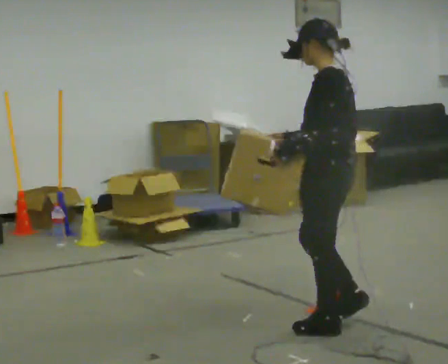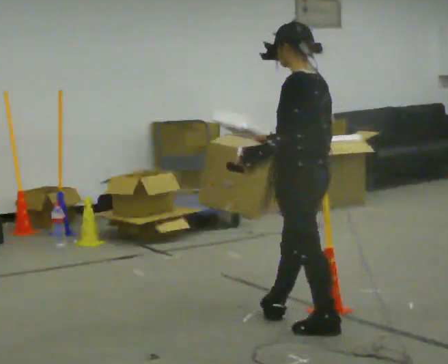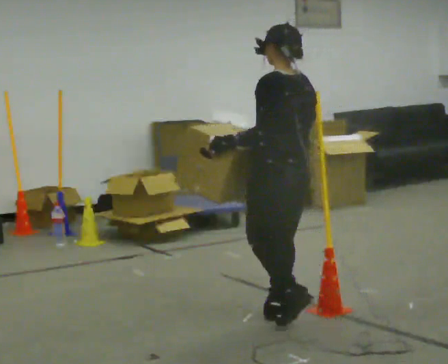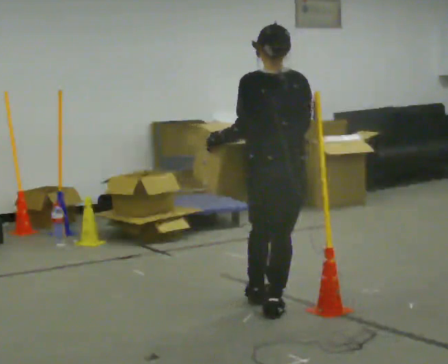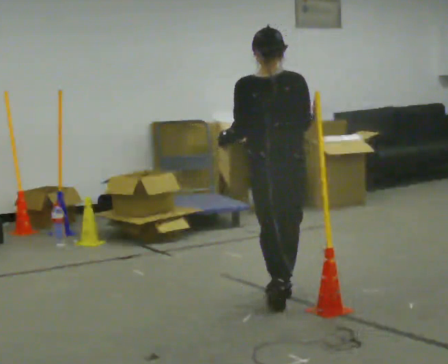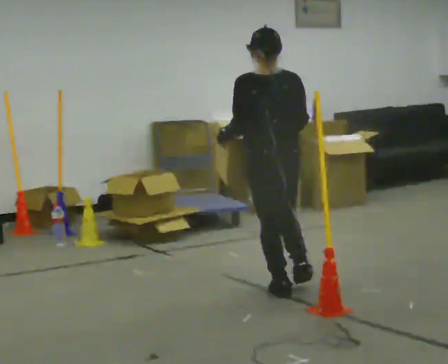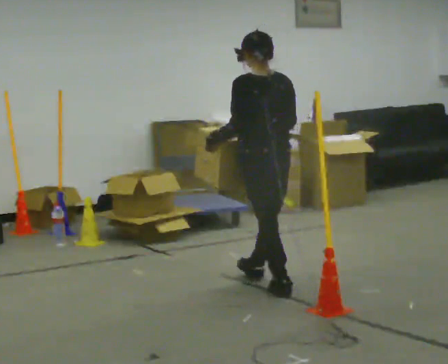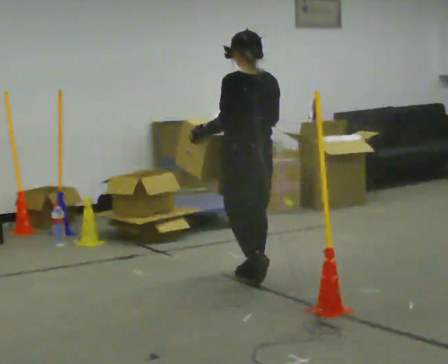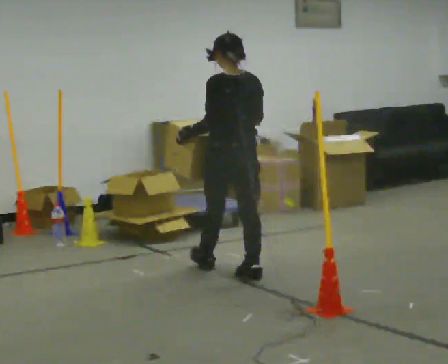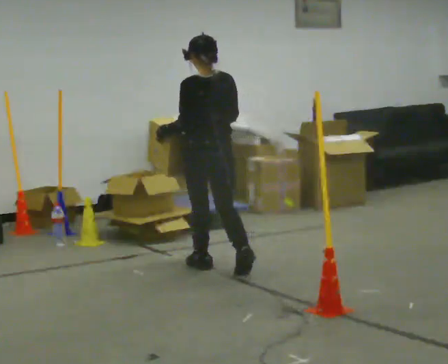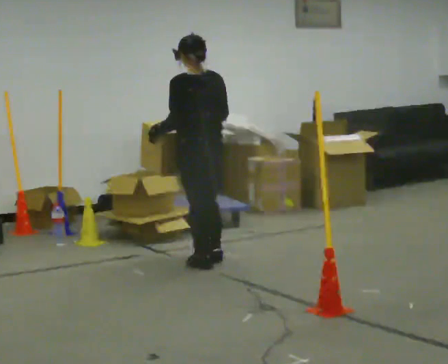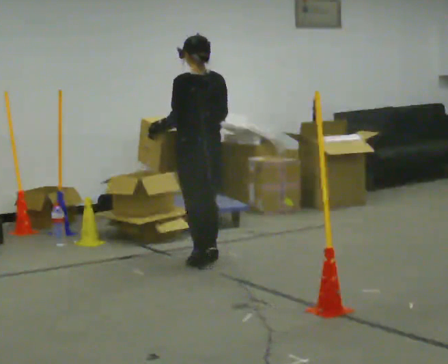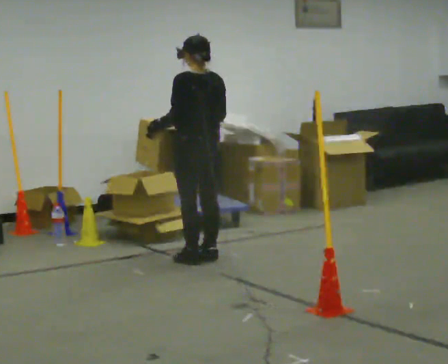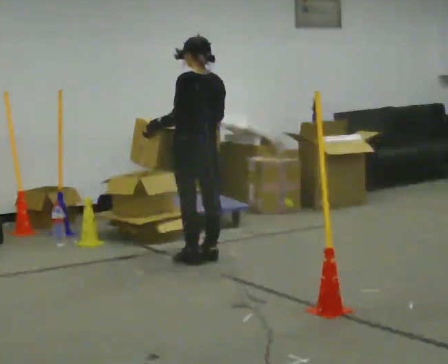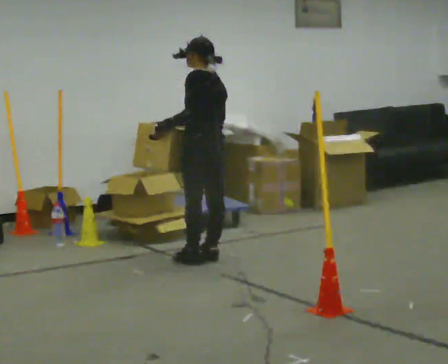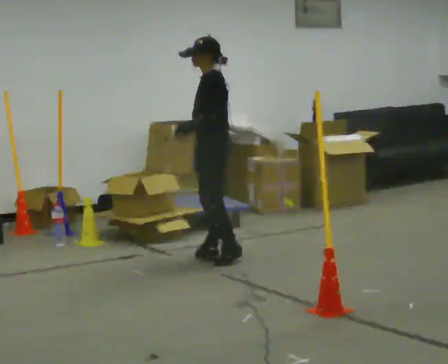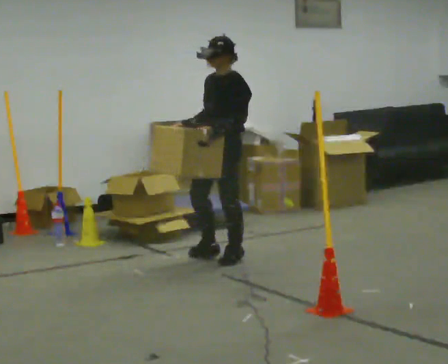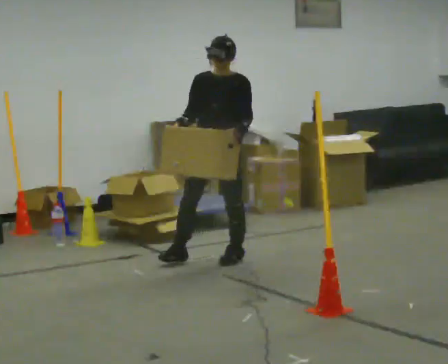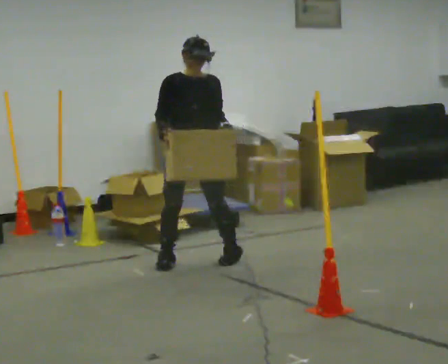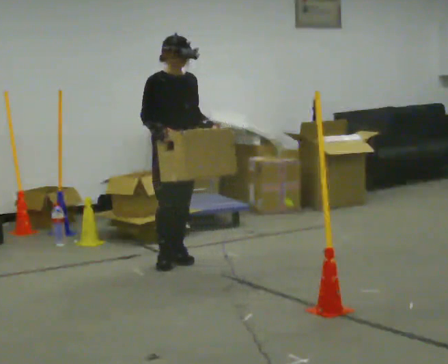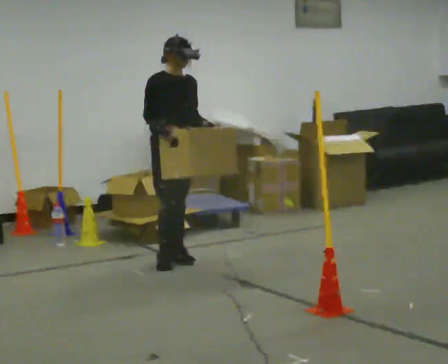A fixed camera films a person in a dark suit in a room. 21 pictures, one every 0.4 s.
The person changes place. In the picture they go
away from the camera.
0.0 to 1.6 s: Seen from above the body turns clockwise, about 75 degrees: to their right, with its near side sliding to the left. In the picture they go away from the camera, about 0.75 m in 2 steps.
1.6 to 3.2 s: The person turns about 30 degrees to their left, counterclockwise seen from above, so the part of the body nearest the lens slides to the right. In the picture they go away from the camera, about 0.75 m in 2 steps, which for them is forward.
3.2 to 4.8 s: In the picture they go away from the camera and to the left, about 0.5 m in 2 steps, which for them is forward.
4.8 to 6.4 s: Seen from above the body turns counterclockwise, about 90 degrees: to their left, with its near side sliding to the right. In the picture they go to the right, about 0.25 m in 1 step. In the picture their left hand goes to the right.
6.4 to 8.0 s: Seen from above the body turns counterclockwise, about 90 degrees: to their left, with its near side sliding to the right. In the picture they go to the left, about 0.25 m in 2 steps.
The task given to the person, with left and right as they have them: Carry the box across the room. The operator will step into your path partway across, so go around them and carry on. Keep going until the operator says stop; one object at a time, and do not rush between trips.
The film runs forward here.
